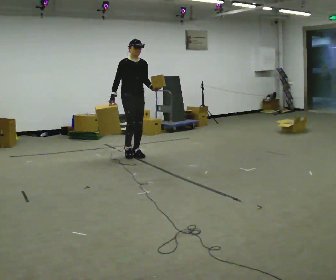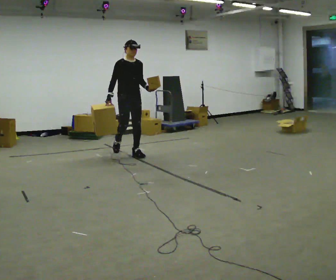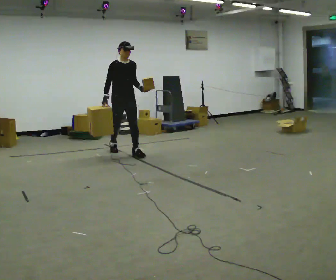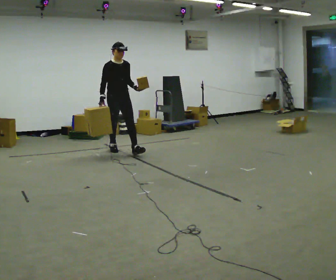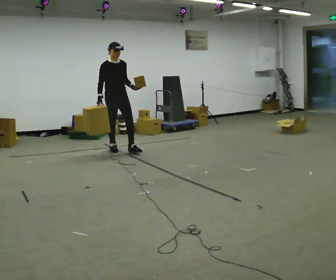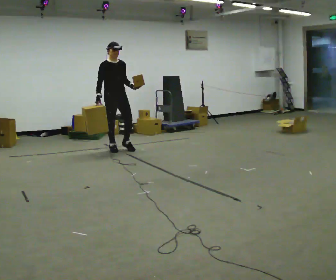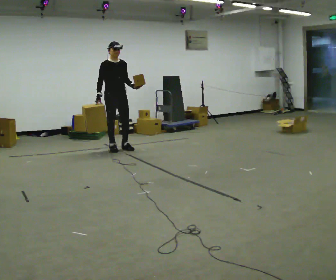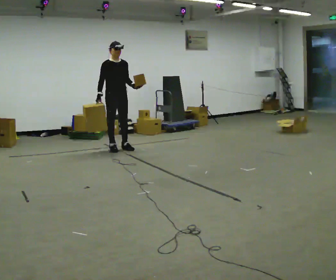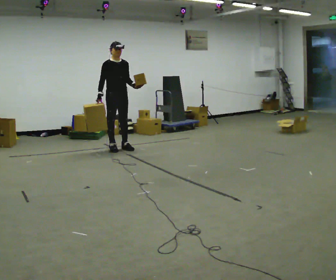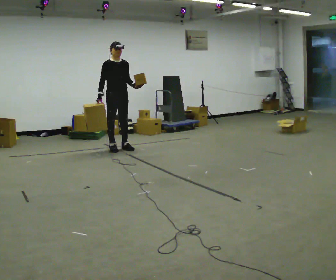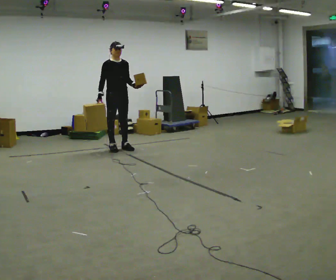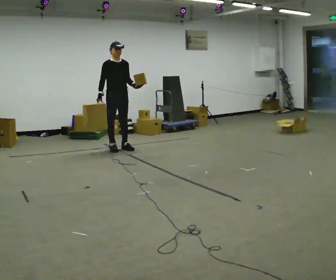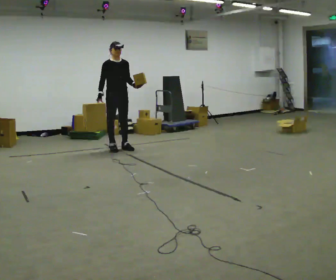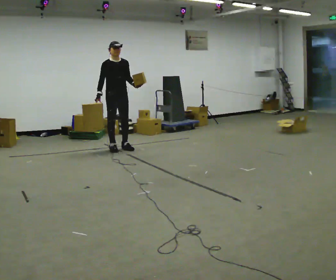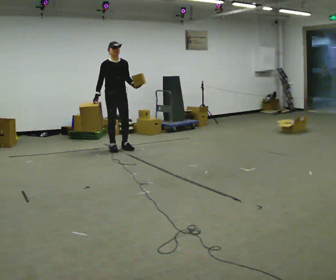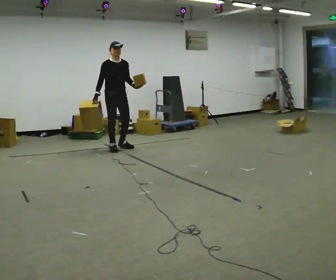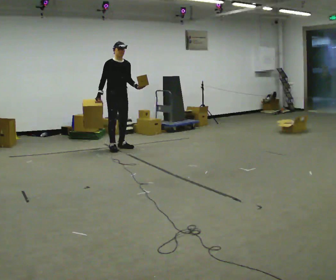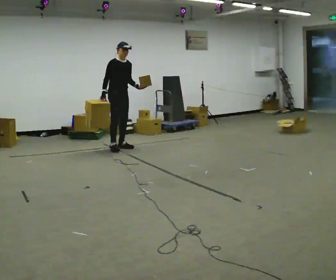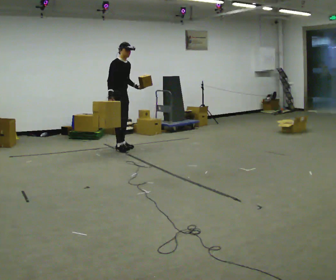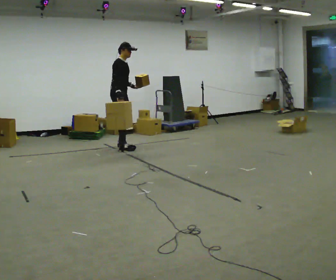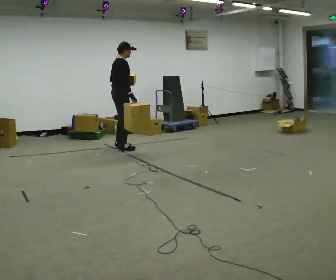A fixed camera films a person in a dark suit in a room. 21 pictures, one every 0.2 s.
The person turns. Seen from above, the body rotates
counterclockwise.
The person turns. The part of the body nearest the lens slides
to the right.
0.0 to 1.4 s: In the picture they go away from the camera and to the left, about 0.5 m in 1 step, which for them is backward.
1.4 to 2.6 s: The person moves a little, or ends about where they began.
2.6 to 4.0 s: Seen from above the body turns counterclockwise, about 75 degrees: to their left, with its near side sliding to the right.
The film runs backward here.
